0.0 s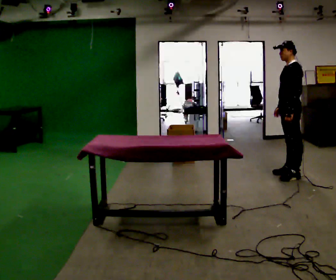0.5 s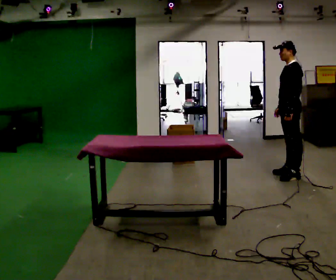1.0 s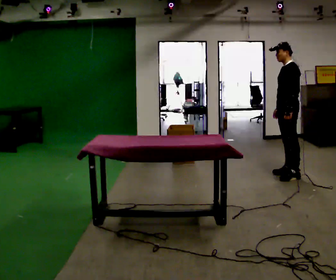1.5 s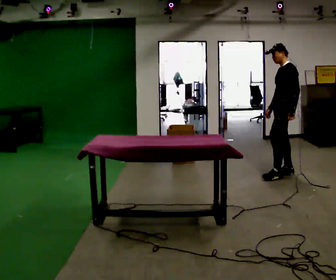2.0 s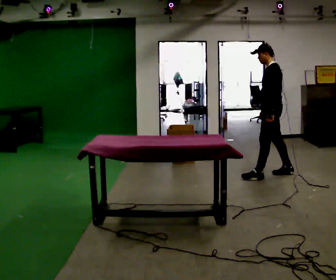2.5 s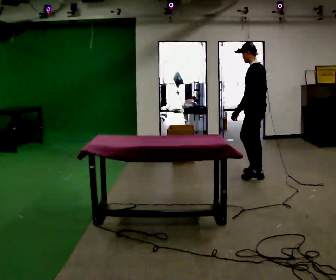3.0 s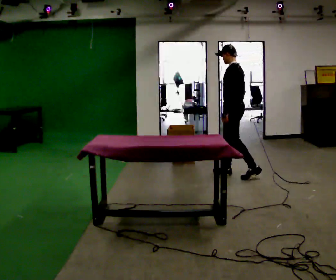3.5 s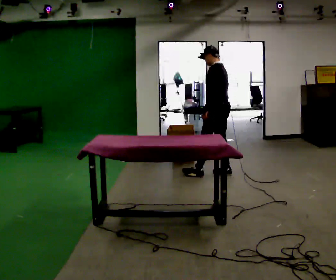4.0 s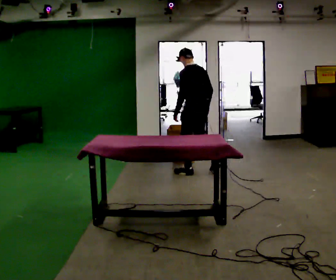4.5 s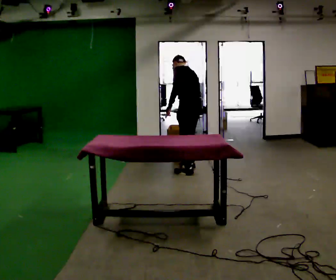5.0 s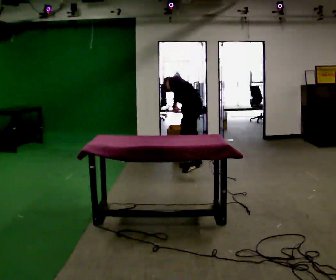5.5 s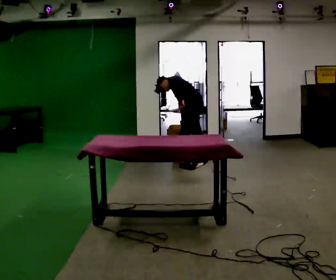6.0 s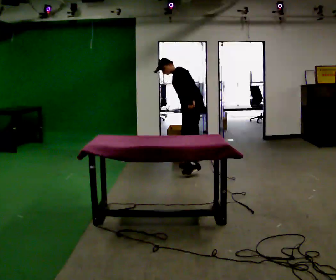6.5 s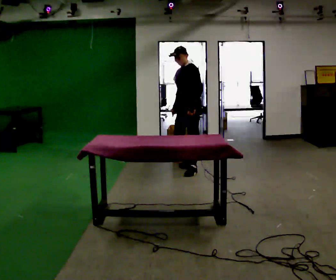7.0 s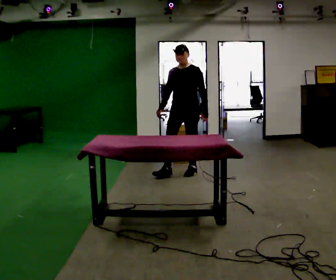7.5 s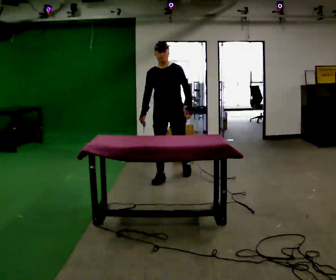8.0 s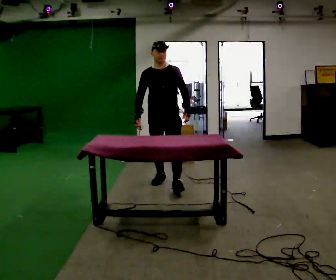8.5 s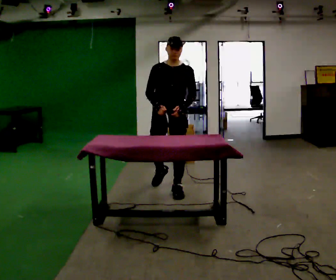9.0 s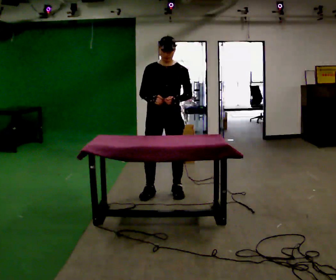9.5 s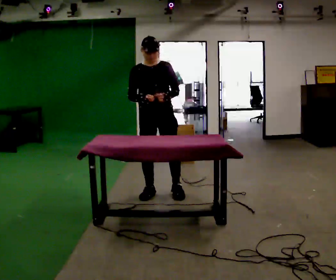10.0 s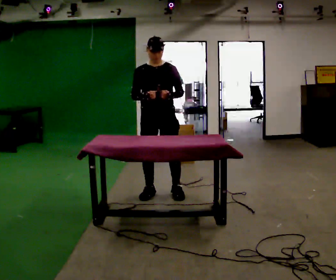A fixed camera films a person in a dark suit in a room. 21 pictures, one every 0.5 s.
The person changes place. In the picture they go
to the left.
0.0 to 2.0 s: In the picture they go to the left, about 0.25 m in 1 step, which for them is forward.
2.0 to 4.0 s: Seen from above the body turns clockwise, about 30 degrees: to their right, with its near side sliding to the left. In the picture they go to the left, about 1 m in 2 steps, which for them is forward.
4.0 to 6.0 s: The person turns about 60 degrees to their left, counterclockwise seen from above, so the part of the body nearest the lens slides to the right. In the picture they go away from the camera, about 0.25 m in 2 steps, which for them is to their right and forward.
6.0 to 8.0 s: The part of the body nearest the lens slides to the right as the person turns to their left by about 75 degrees. In the picture they go toward the camera and to the left, about 1 m in 2 steps. In the picture the upper body tilts clockwise, shoulders to the right, as they lean back or straighten.
8.0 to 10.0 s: In the picture they go toward the camera, about 0.5 m in 2 steps, which for them is forward.
The film runs forward here.
